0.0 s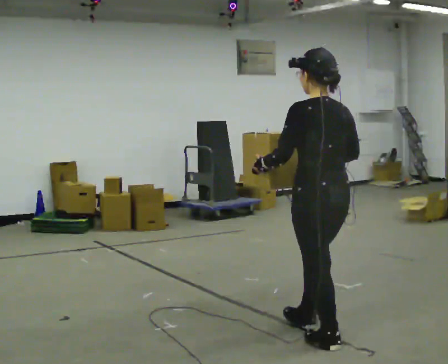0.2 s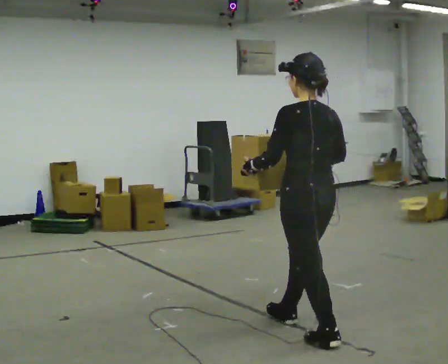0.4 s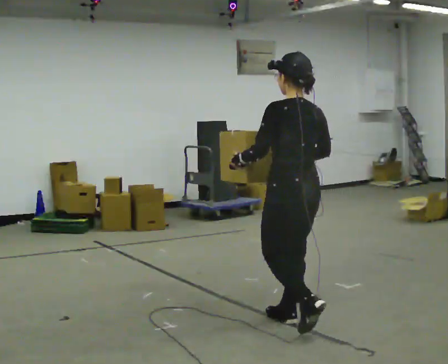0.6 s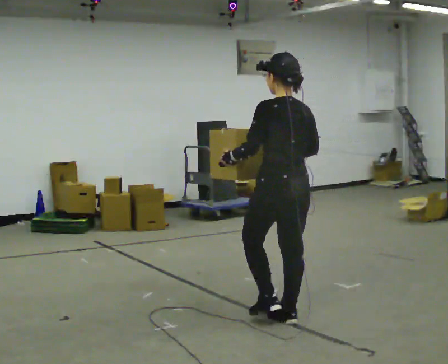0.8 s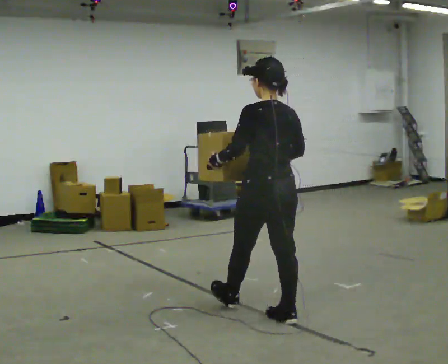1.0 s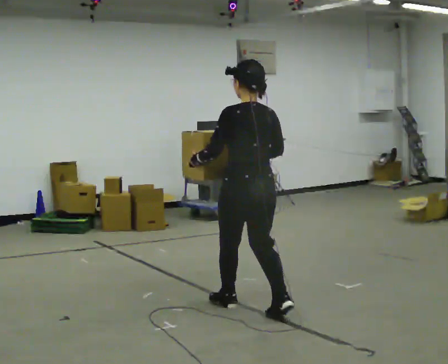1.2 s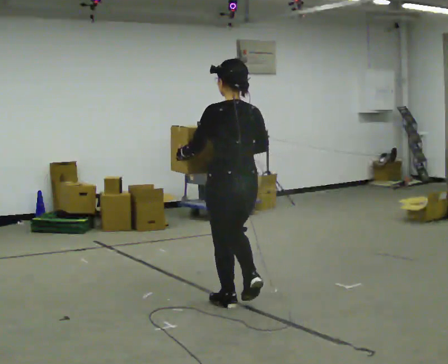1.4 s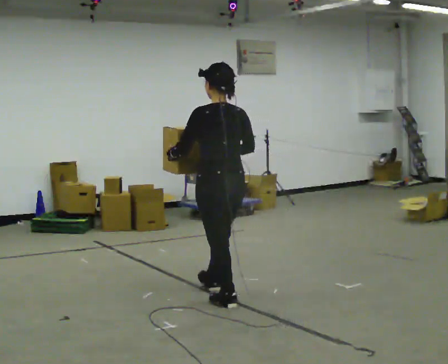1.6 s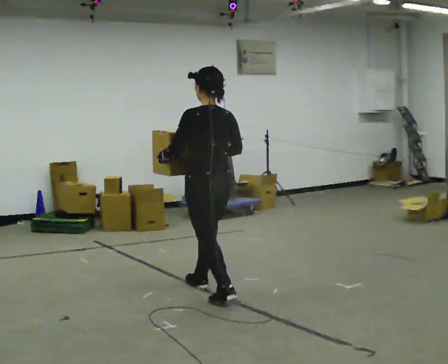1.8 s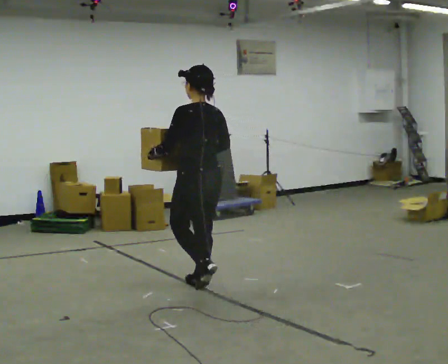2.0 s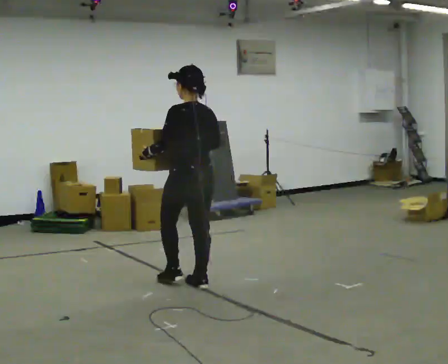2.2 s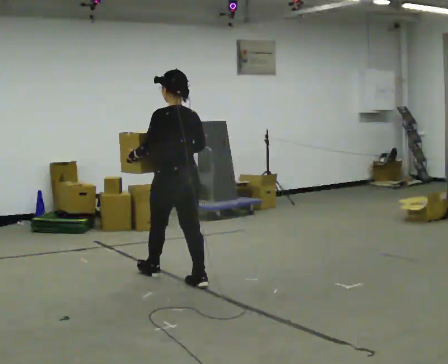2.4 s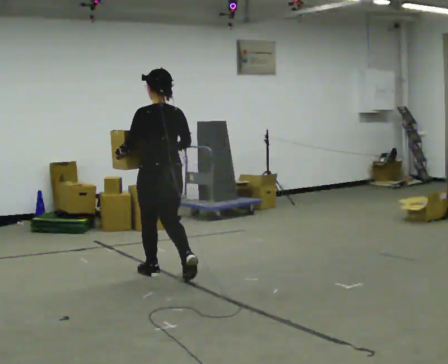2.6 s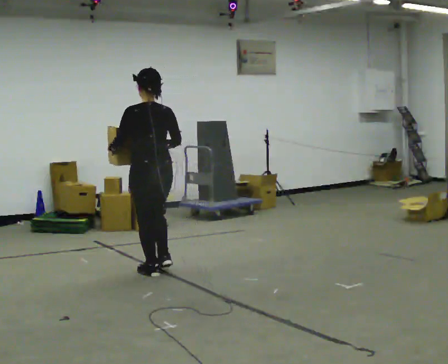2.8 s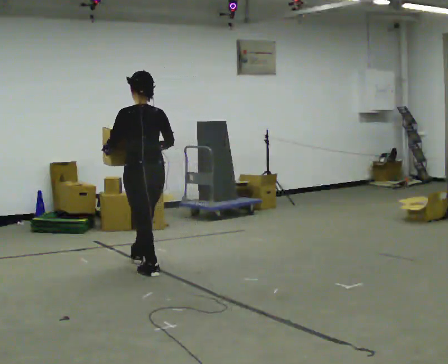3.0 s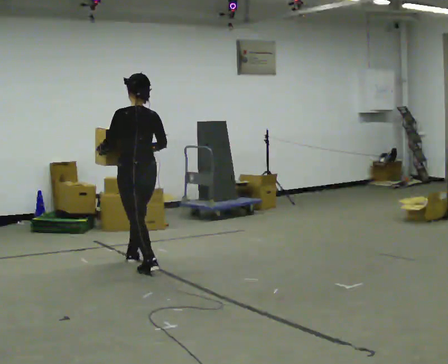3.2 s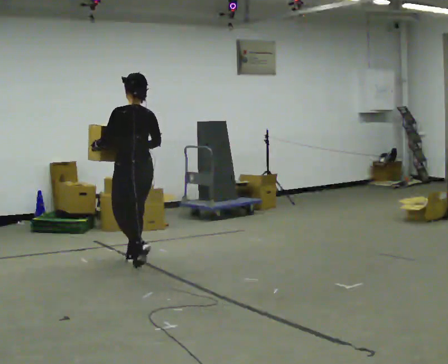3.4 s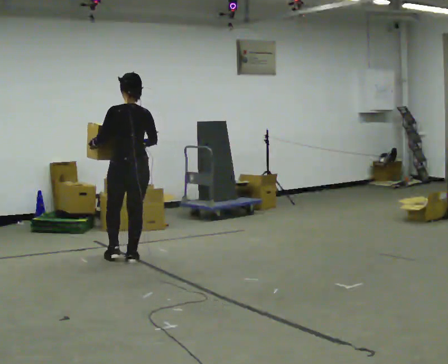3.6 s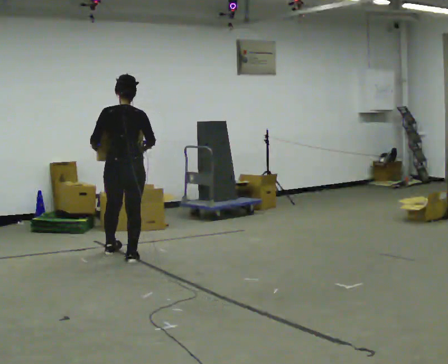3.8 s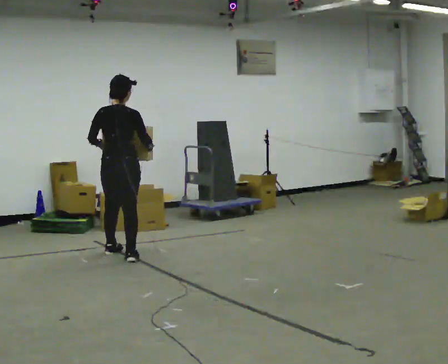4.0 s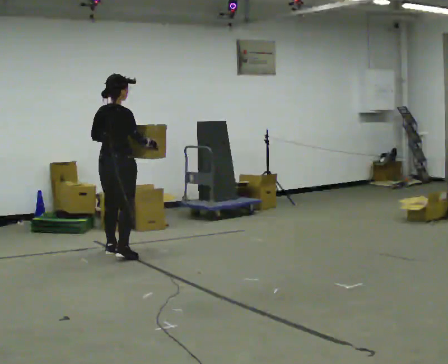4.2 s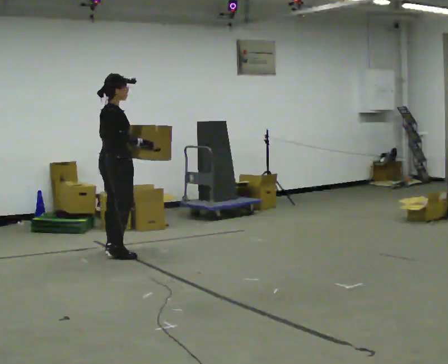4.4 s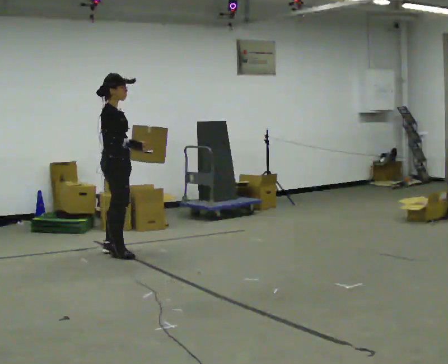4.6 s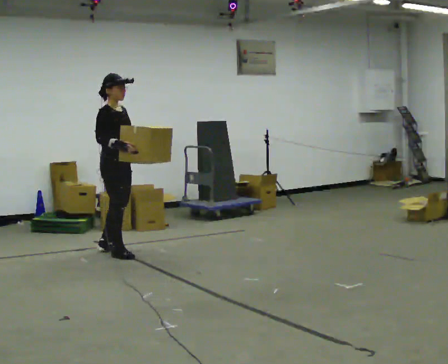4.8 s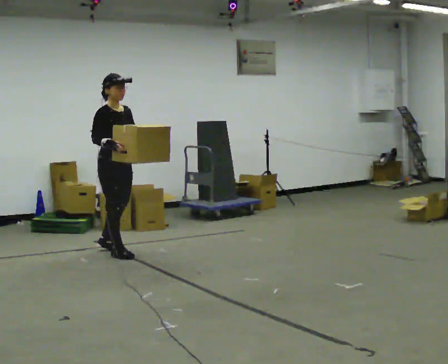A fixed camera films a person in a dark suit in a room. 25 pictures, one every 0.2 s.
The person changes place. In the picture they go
away from the camera.
0.0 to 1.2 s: In the picture they go away from the camera and to the left, about 1 m in 2 steps, which for them is forward.
1.2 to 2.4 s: In the picture they go away from the camera and to the left, about 1 m in 2 steps, which for them is forward.
2.4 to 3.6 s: In the picture they go away from the camera and to the left, about 1 m in 1 step, which for them is forward.
3.6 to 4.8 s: Seen from above the body turns clockwise, about 135 degrees: to their right, with its near side sliding to the left. In the picture they go away from the camera, about 0.25 m in 3 steps.
The film runs forward here.
